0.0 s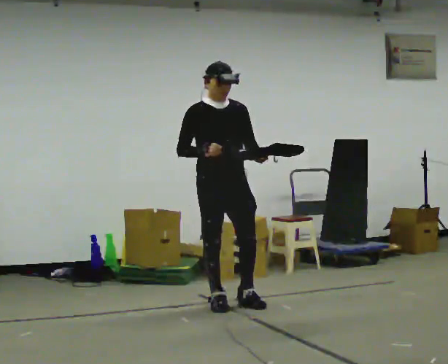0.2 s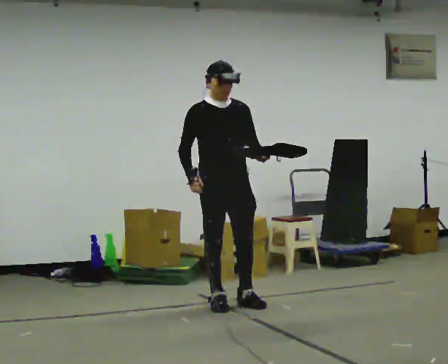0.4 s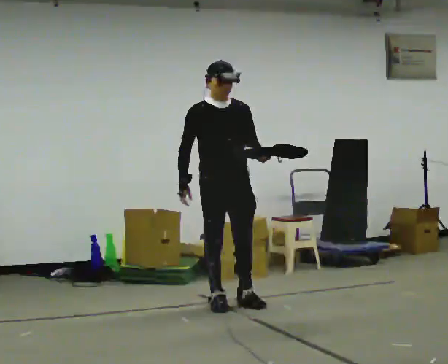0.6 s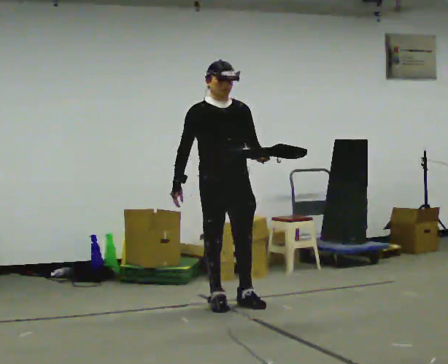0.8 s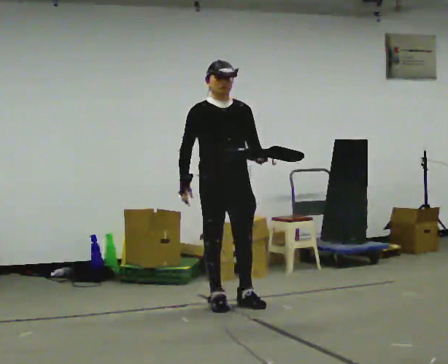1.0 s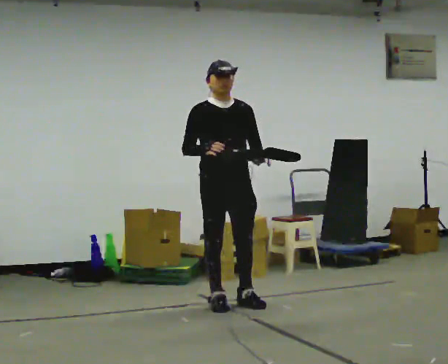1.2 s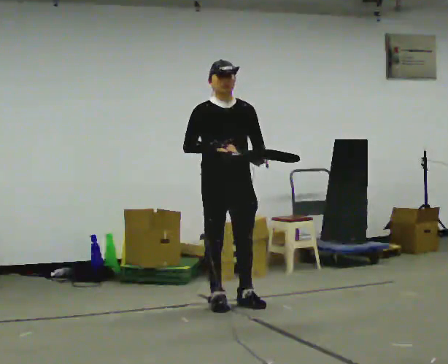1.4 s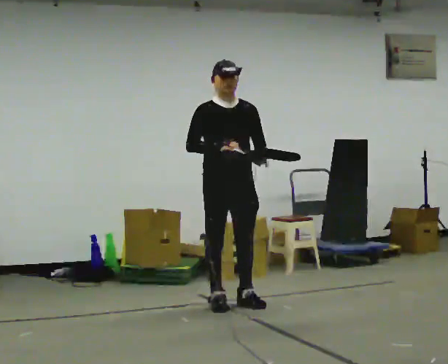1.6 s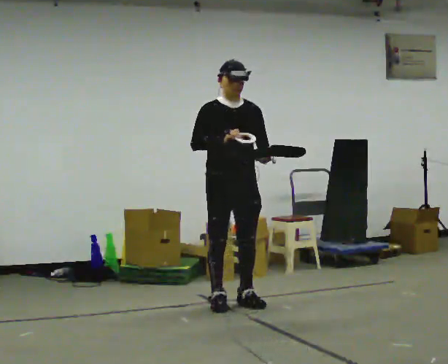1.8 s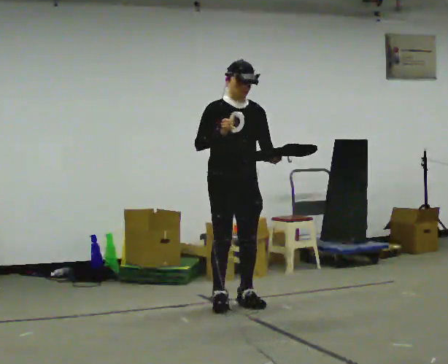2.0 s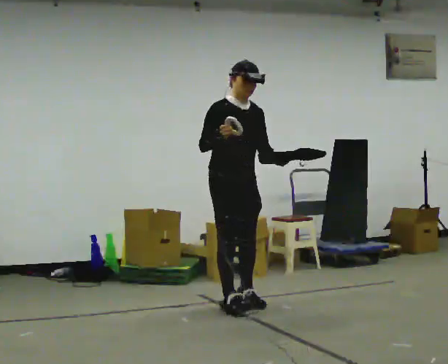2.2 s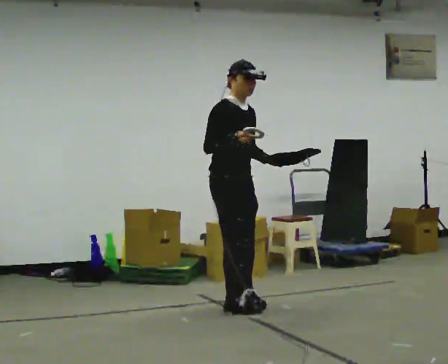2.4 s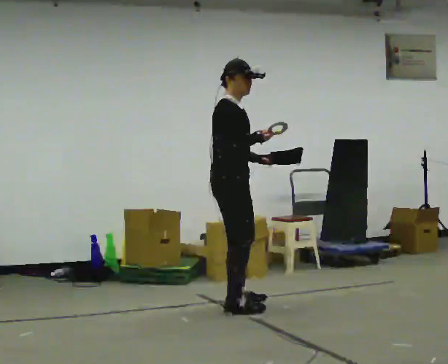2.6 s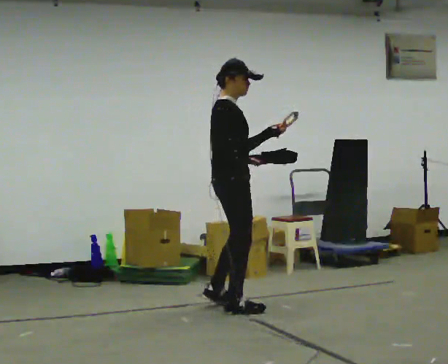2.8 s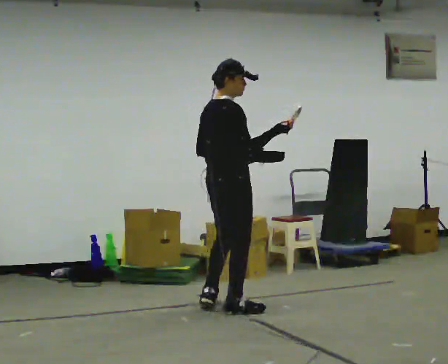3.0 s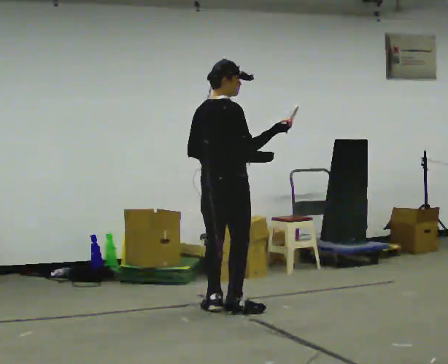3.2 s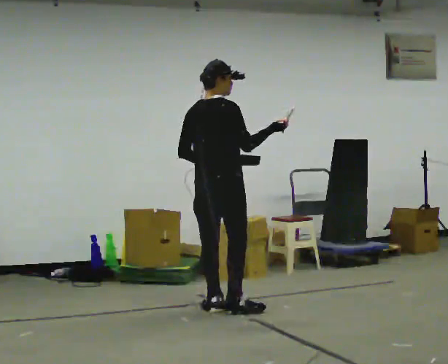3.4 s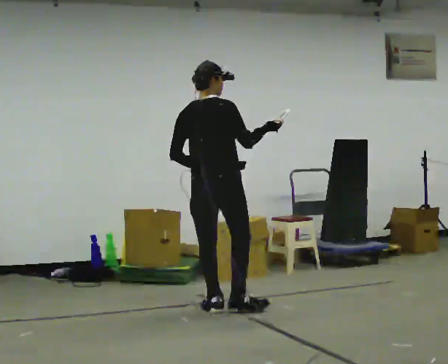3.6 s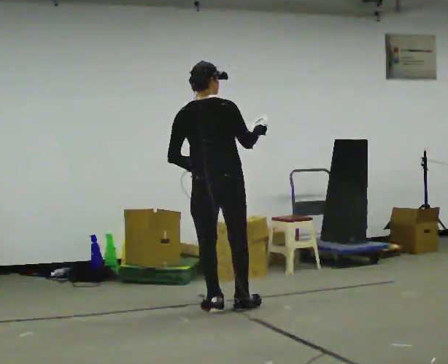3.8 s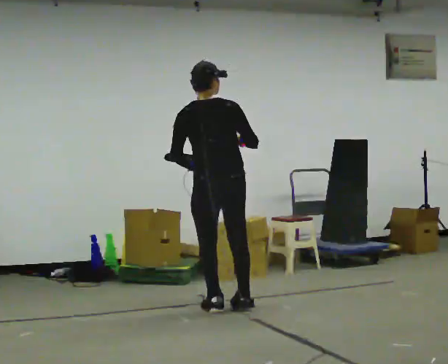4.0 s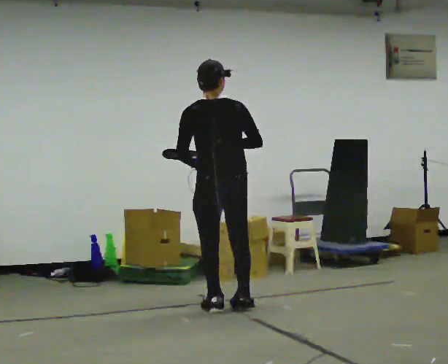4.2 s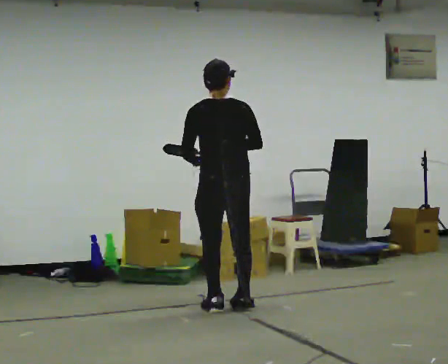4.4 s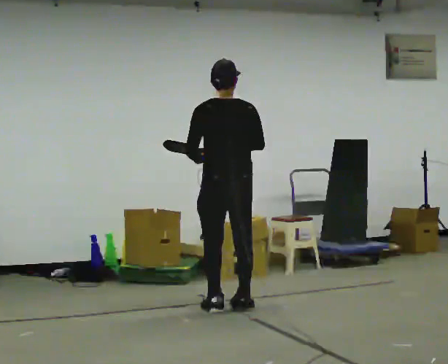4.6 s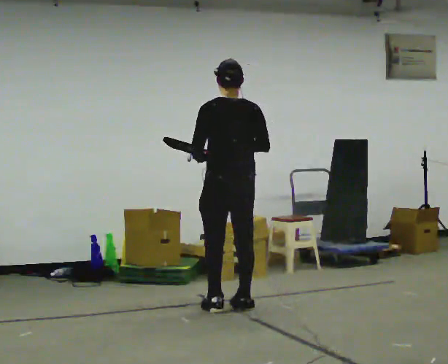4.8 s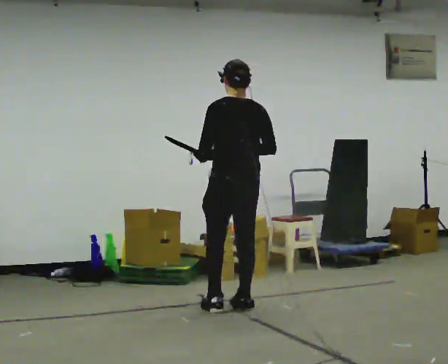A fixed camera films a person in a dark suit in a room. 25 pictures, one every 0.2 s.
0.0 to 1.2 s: The person moves a little, or ends about where they began.
1.2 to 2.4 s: Seen from above the body turns counterclockwise, about 60 degrees: to their left, with its near side sliding to the right.
2.4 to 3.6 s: The person turns about 90 degrees to their left, counterclockwise seen from above, so the part of the body nearest the lens slides to the right.
3.6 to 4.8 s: The part of the body nearest the lens slides to the right as the person turns to their left by about 30 degrees.
The film runs backward here.
